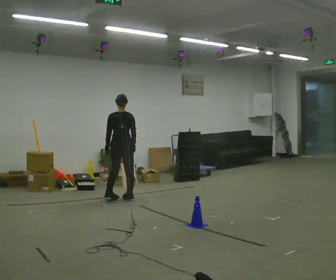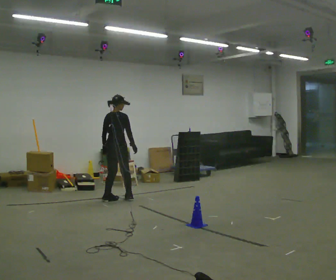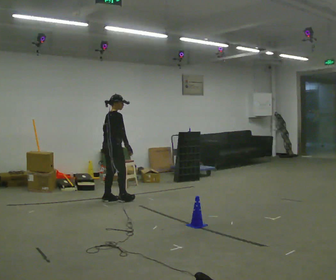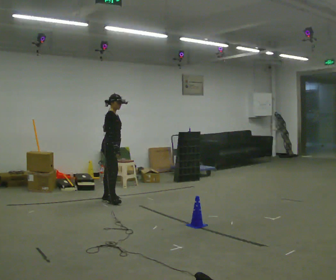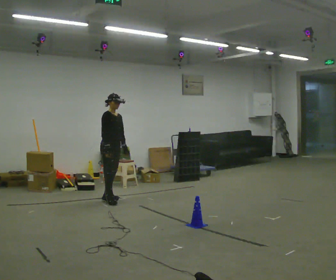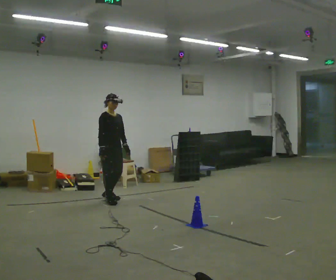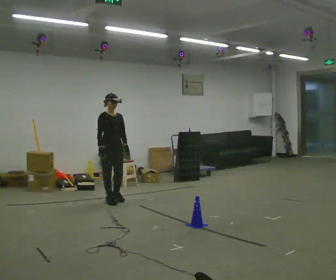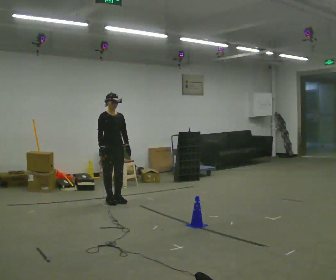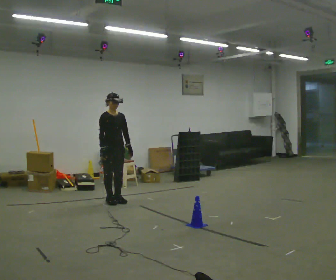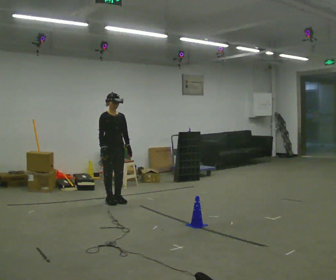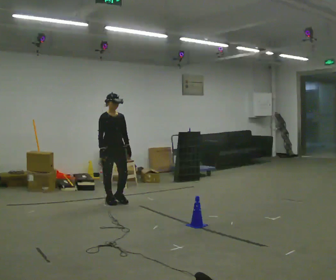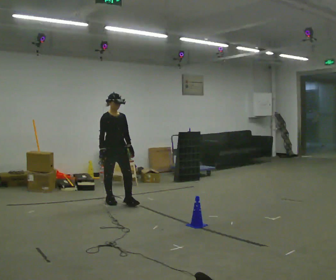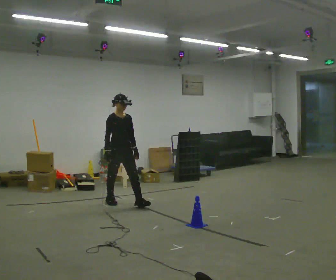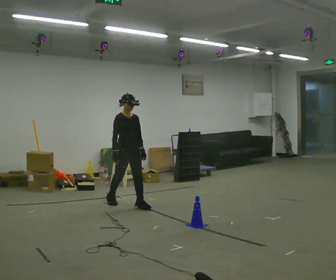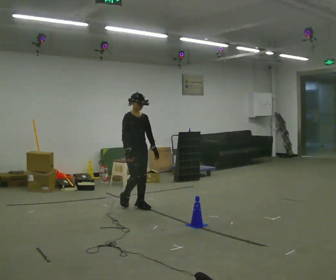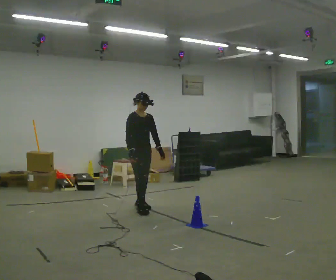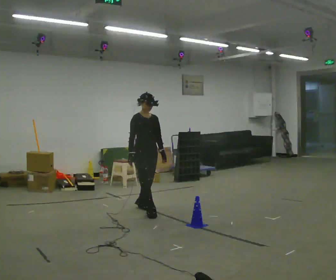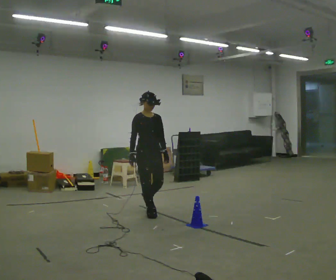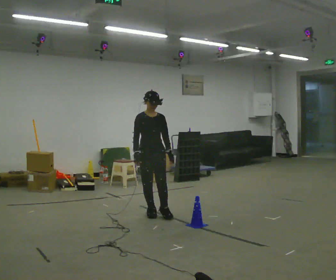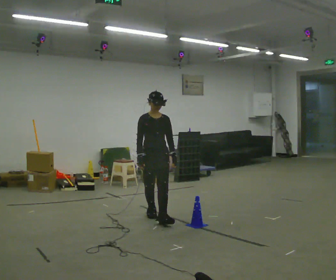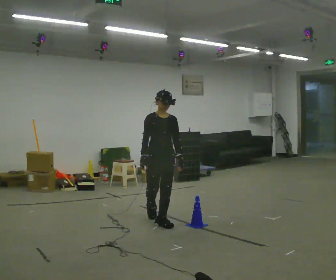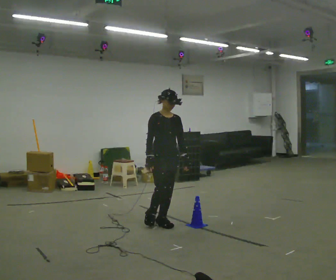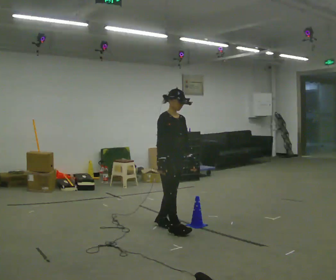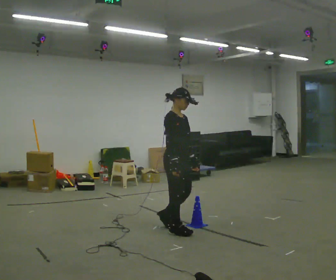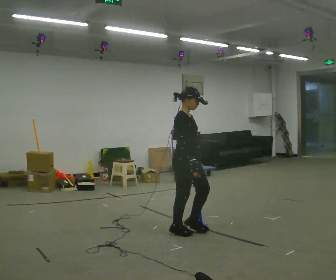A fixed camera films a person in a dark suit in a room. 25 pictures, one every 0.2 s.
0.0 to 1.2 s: The part of the body nearest the lens slides to the left as the person turns to their right by about 150 degrees. In the picture they go toward the camera and to the left, about 0.25 m in 2 steps. In the picture their right hand goes to the left.
1.2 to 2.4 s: In the picture they go toward the camera, about 0.25 m in 1 step, which for them is forward.
2.4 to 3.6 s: In the picture they go toward the camera and to the right, about 0.5 m in 1 step, which for them is forward.
3.6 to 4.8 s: The part of the body nearest the lens slides to the right as the person turns to their left by about 60 degrees. In the picture they go toward the camera, about 1 m in 2 steps, which for them is forward.
The film runs forward here.
